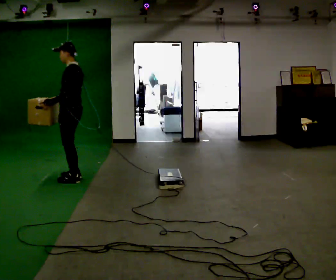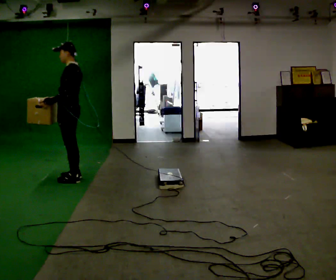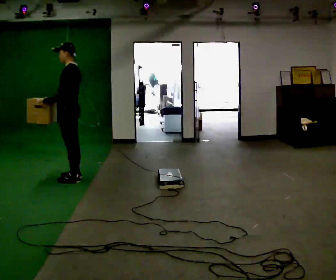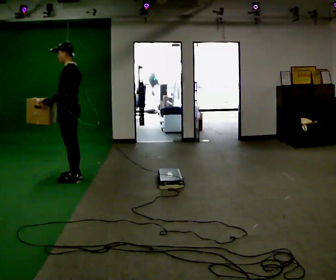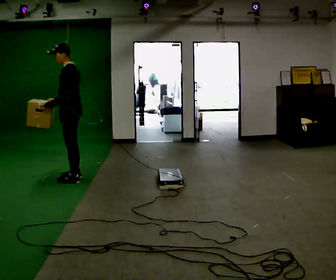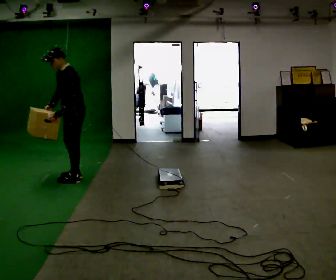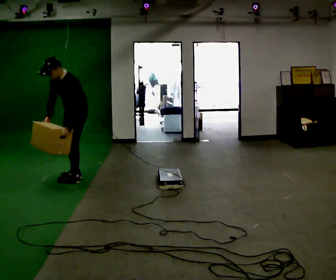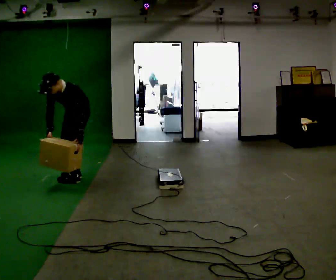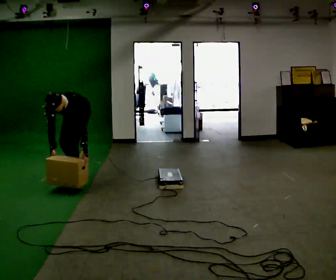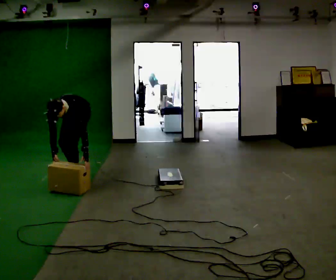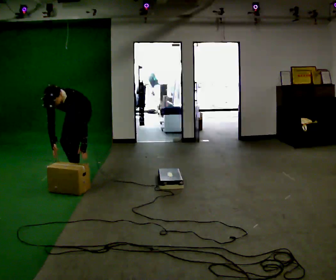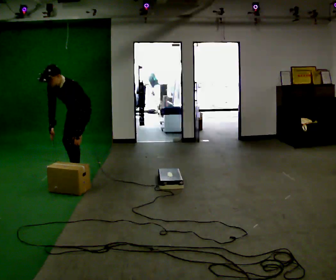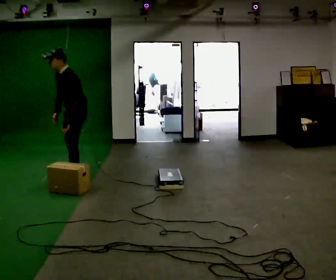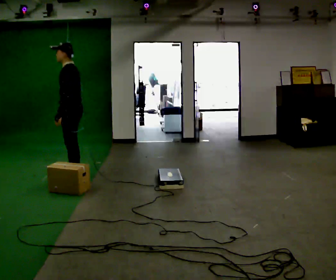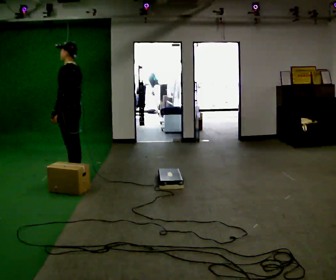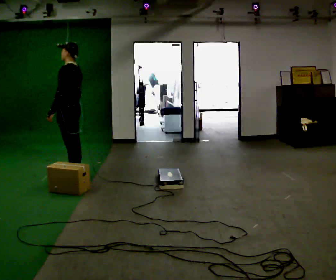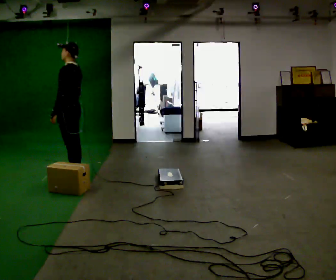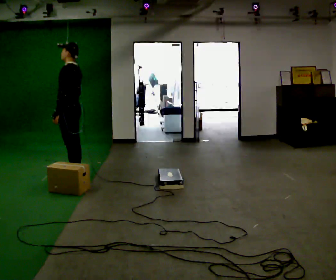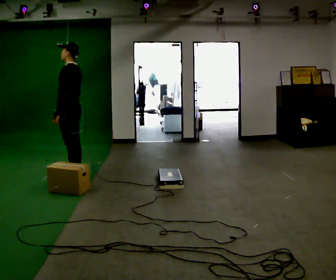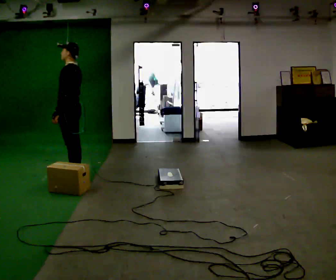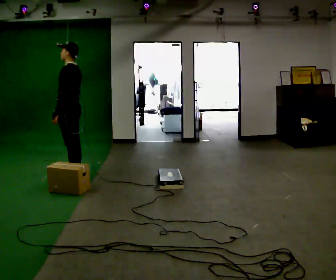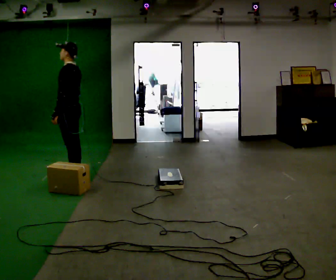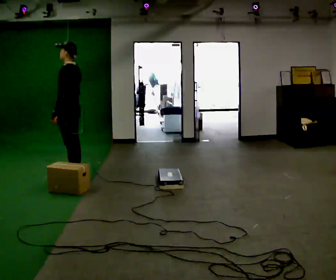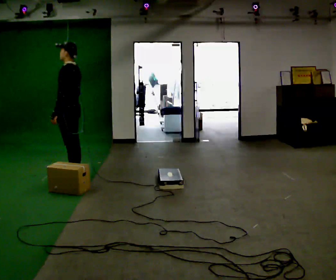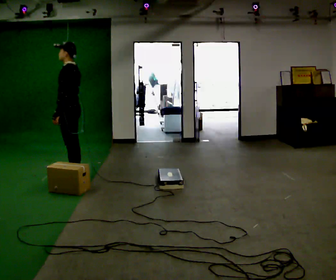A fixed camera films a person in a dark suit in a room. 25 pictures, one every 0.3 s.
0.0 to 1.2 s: The person moves a little, or ends about where they began.
1.2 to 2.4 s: Seen from above the body turns counterclockwise, about 60 degrees: to their left, with its near side sliding to the right. The shoulders move downward. The upper body tips toward the camera, its near side rolling downward, as they bend forward. In the picture their left hand goes downward and to the right, the arm swinging counterclockwise.
2.4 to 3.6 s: The part of the body nearest the lens slides to the left as the person turns to their right by about 45 degrees. The shoulders move upward. The upper body tips away from the camera, its near side rolling upward, as they lean back or straighten. In the picture their right hand goes upward.
3.6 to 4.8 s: The person turns about 30 degrees to their right, clockwise seen from above, so the part of the body nearest the lens slides to the left. In the picture the upper body tilts clockwise, shoulders to the right, as they lean back or straighten.
4.8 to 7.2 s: The person moves a little, or ends about where they began.
The film runs forward here.
